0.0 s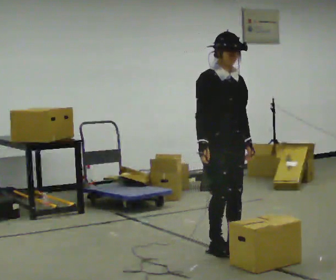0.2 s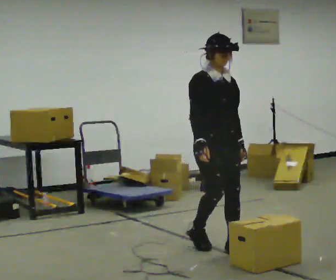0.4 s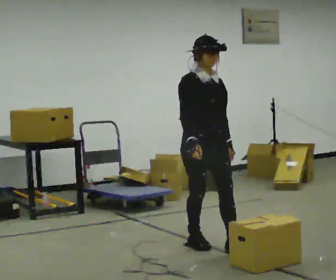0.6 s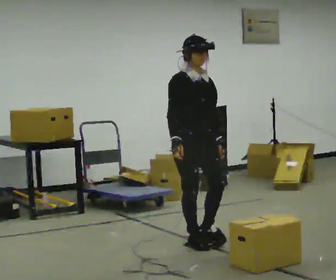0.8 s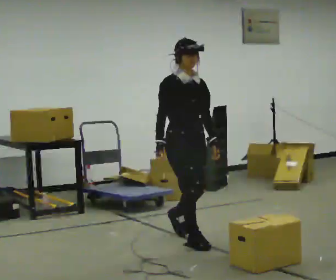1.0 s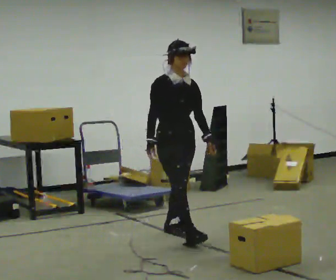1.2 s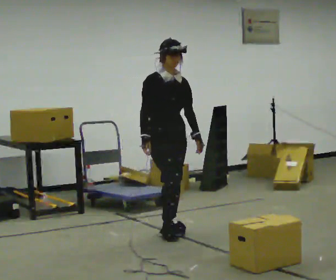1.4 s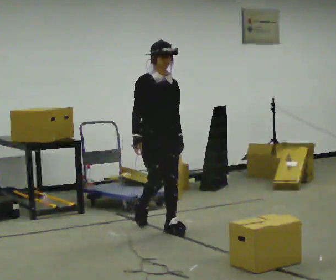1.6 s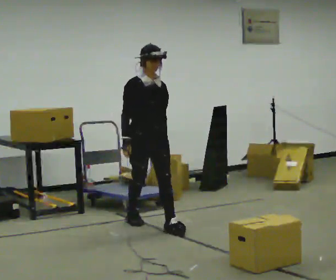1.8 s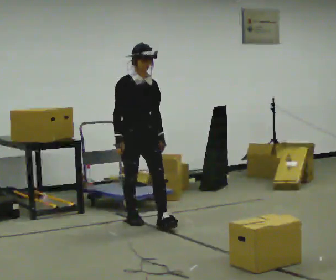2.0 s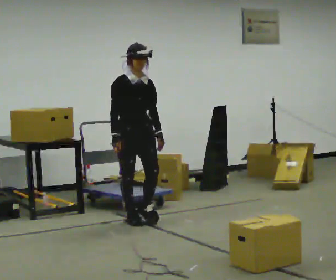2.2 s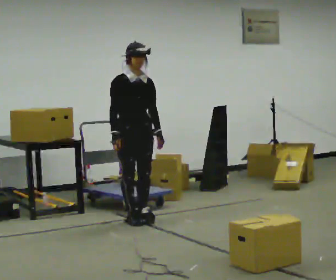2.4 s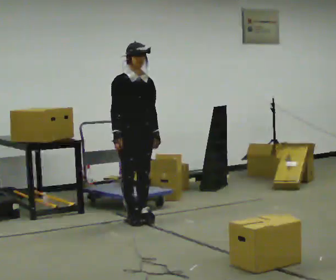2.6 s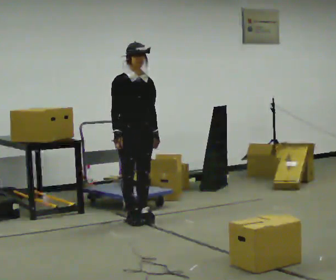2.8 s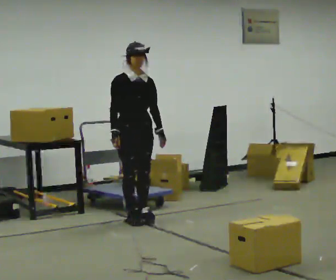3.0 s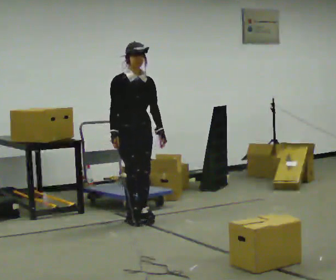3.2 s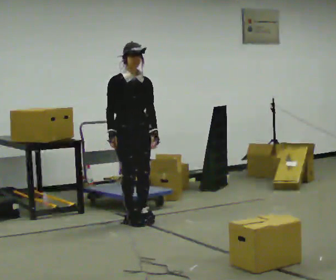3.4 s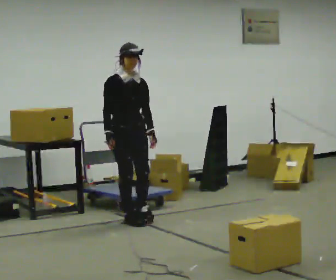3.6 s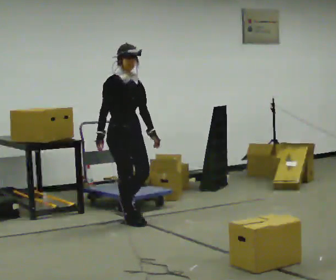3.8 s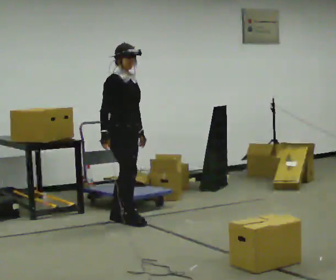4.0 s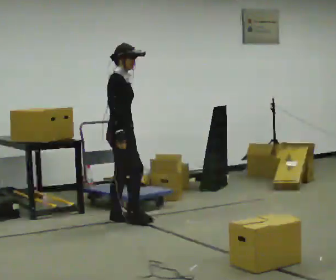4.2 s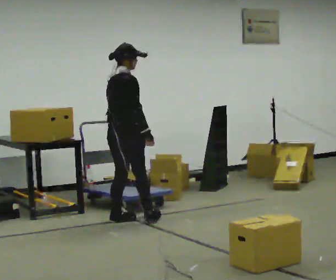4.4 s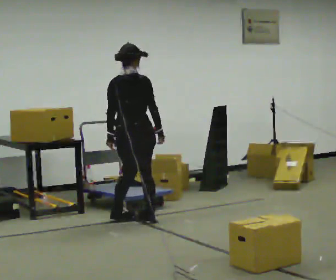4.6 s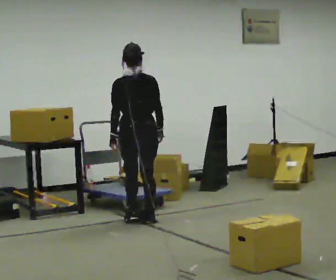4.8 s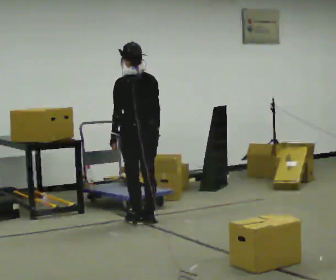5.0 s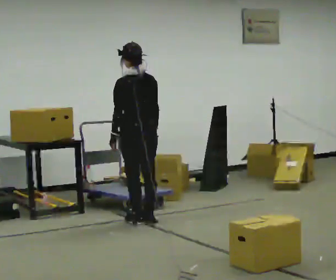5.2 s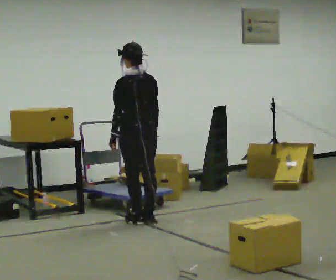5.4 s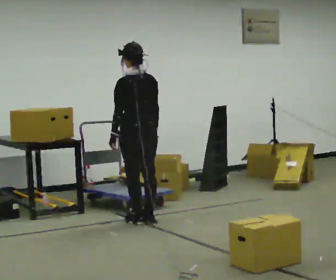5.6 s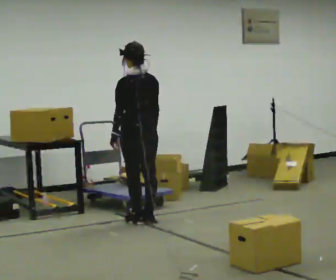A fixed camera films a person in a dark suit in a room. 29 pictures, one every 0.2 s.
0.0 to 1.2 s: In the picture they go away from the camera and to the left, about 1 m in 2 steps, which for them is backward.
1.2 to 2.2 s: In the picture they go away from the camera and to the left, about 0.5 m in 1 step, which for them is backward.
2.2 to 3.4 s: The person moves a little, or ends about where they began.
3.4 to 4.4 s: The part of the body nearest the lens slides to the right as the person turns to their left by about 120 degrees. In the picture their right hand goes to the right, the arm swinging counterclockwise.
4.4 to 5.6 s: The person turns about 60 degrees to their left, counterclockwise seen from above, so the part of the body nearest the lens slides to the right.
The film runs backward here.
